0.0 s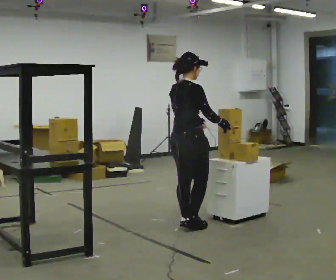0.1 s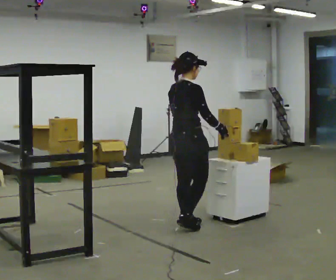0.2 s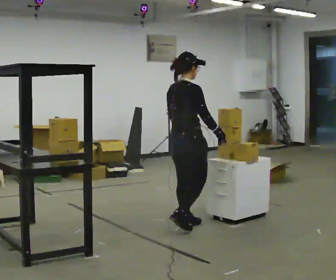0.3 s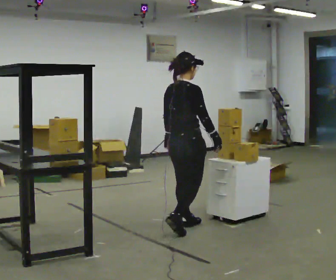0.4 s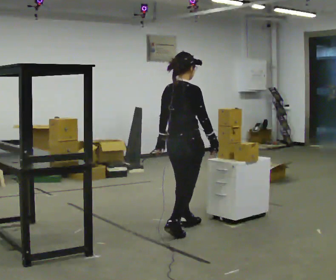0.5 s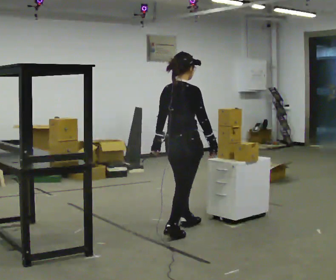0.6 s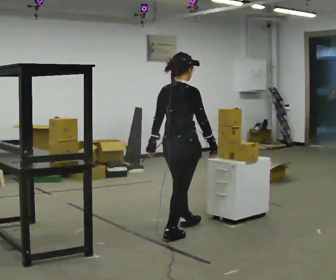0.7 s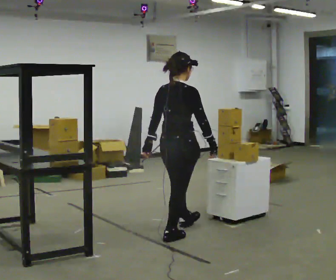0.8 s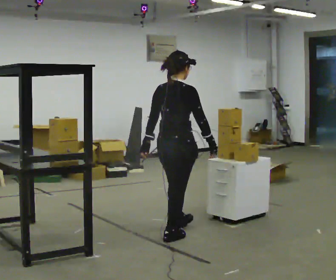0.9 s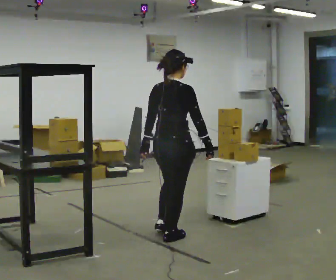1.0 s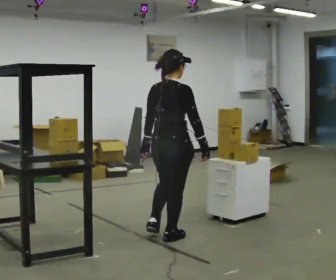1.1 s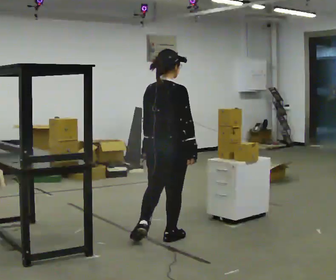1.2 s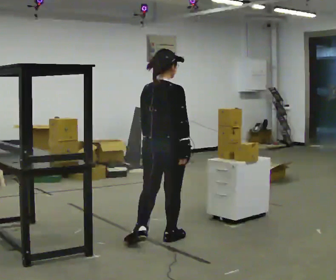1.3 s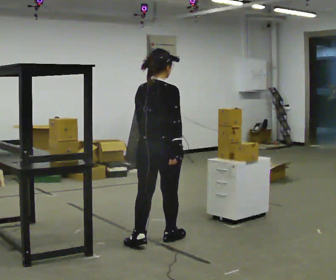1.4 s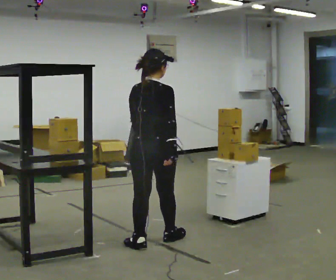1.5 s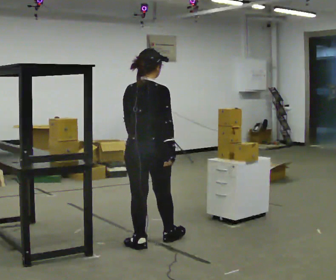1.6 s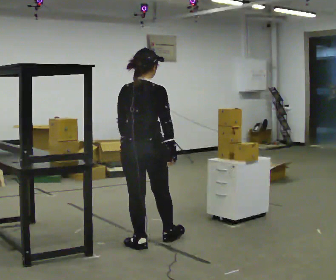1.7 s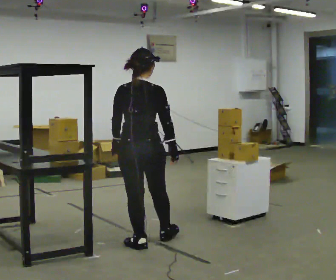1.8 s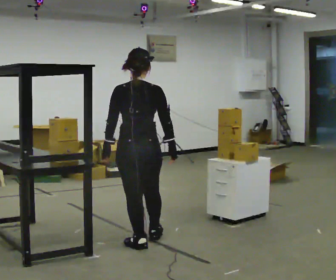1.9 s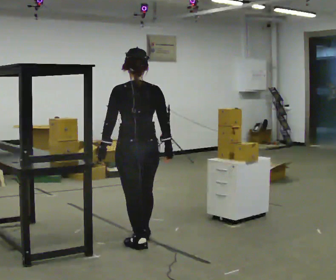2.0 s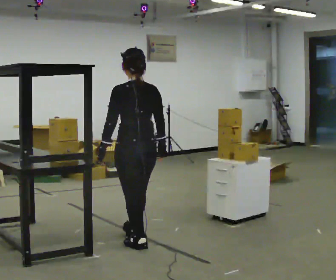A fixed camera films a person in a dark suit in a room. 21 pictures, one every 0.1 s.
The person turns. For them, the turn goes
to their left.
The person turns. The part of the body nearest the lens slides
to the right.
0.0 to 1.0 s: In the picture they go toward the camera, about 0.5 m in 1 step, which for them is backward and to their right.
1.0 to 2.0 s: Seen from above the body turns counterclockwise, about 60 degrees: to their left, with its near side sliding to the right. In the picture they go to the left and toward the camera, about 0.25 m in 1 step, which for them is backward and to their left.
The film runs backward here.
